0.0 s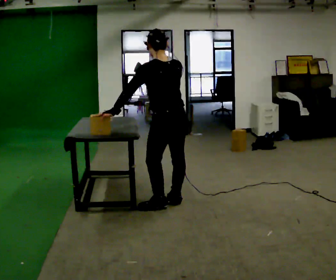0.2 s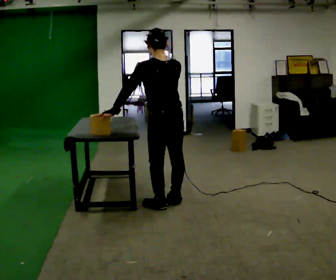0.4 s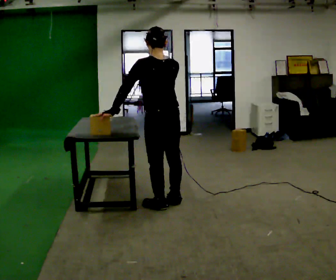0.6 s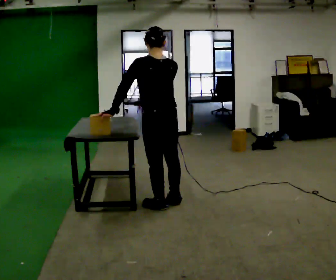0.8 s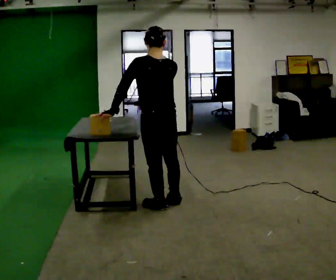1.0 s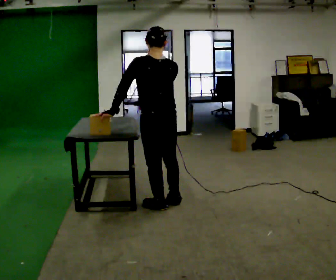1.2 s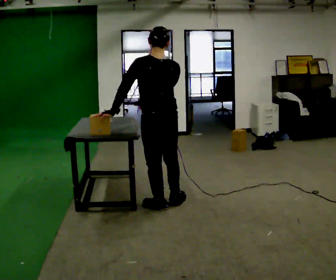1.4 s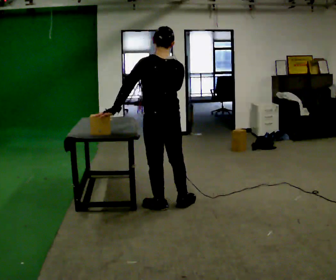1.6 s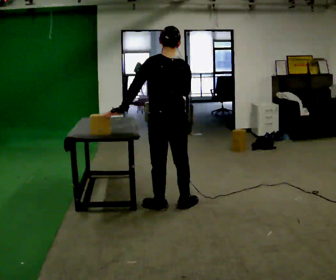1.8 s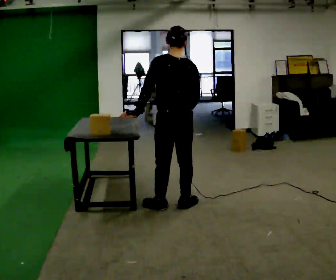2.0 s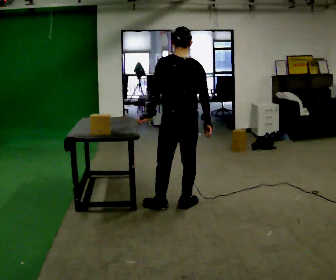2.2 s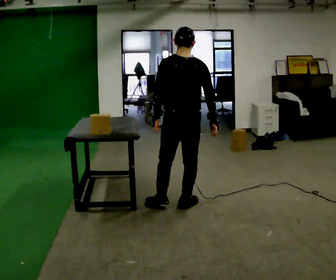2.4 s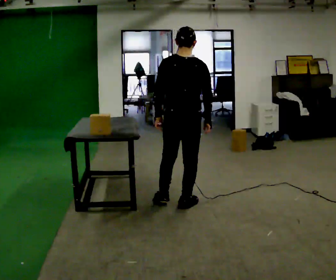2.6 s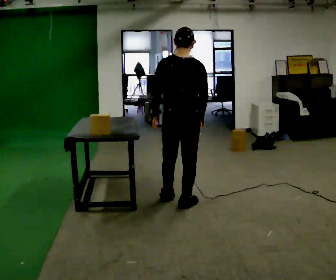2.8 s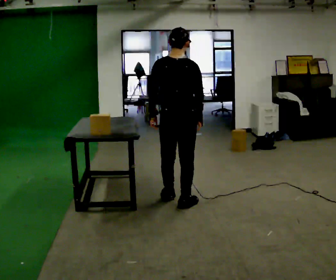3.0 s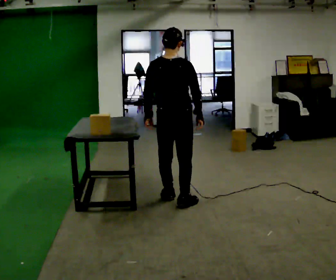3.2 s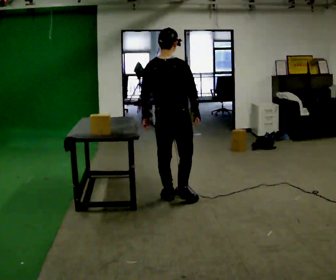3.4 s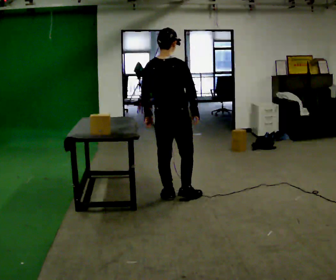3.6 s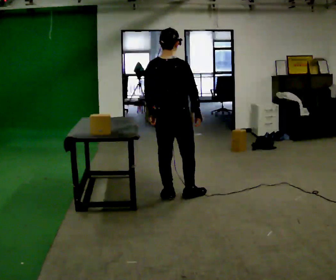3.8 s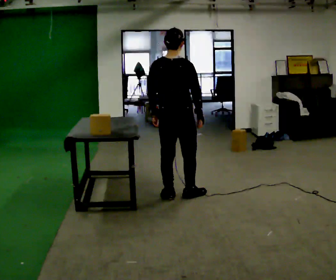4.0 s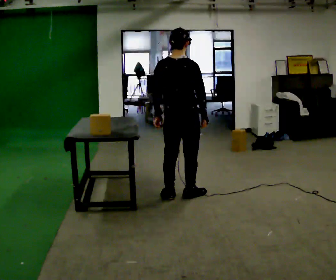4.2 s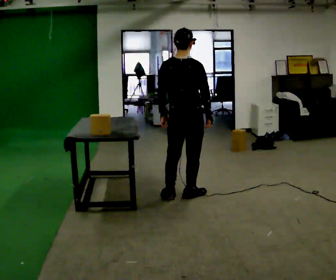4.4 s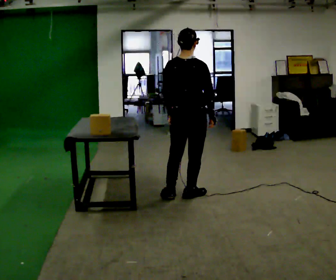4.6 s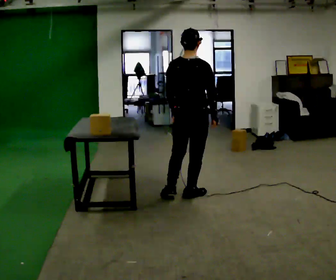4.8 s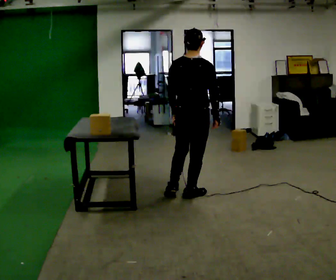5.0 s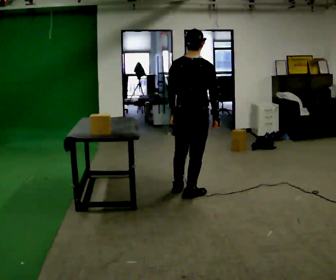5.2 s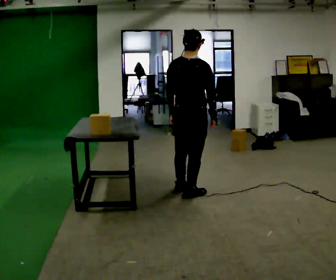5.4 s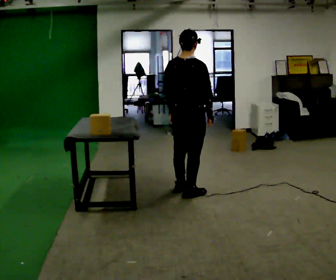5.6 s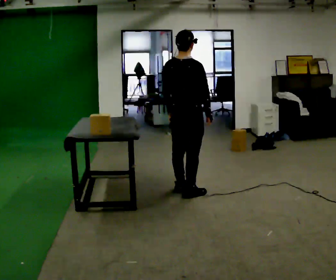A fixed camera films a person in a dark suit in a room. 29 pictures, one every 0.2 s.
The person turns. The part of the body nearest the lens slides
to the left.
The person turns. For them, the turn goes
to their right.
0.0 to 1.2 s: In the picture they go toward the camera, about 0.25 m, which for them is to their left.
1.2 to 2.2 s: In the picture they go to the right, about 0.25 m, which for them is to their right. In the picture their right hand goes downward and to the right.
2.2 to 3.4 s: Seen from above the body turns clockwise, about 30 degrees: to their right, with its near side sliding to the left. In the picture they go away from the camera, about 0.25 m in 1 step, which for them is forward and to their left.
3.4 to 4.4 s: In the picture they go to the right, about 0.25 m in 1 step, which for them is to their right.
4.4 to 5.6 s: In the picture they go away from the camera, about 0.25 m in 1 step, which for them is forward.
The film runs forward here.
